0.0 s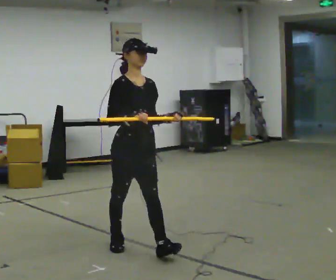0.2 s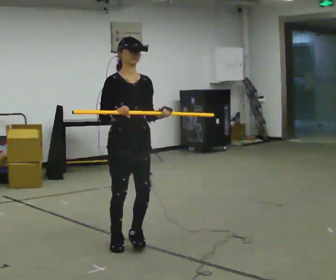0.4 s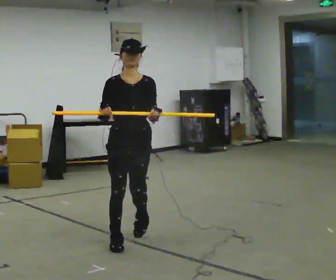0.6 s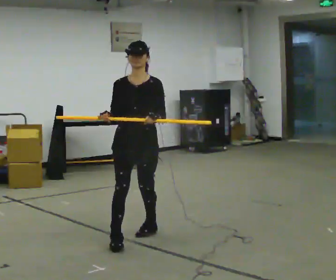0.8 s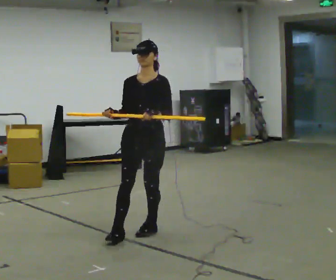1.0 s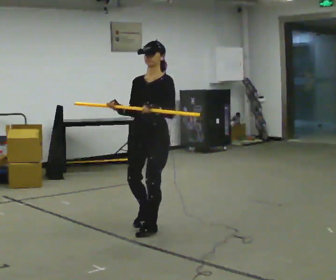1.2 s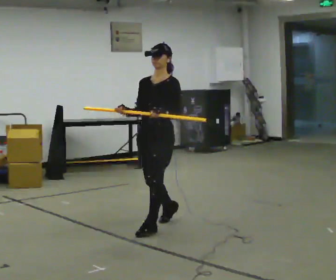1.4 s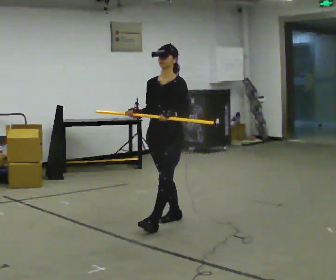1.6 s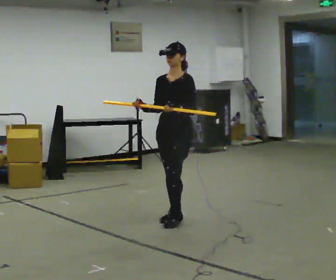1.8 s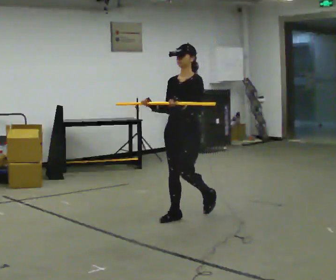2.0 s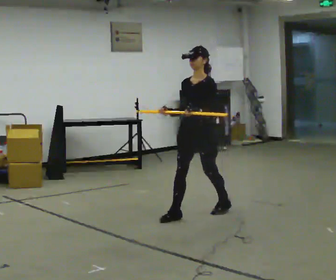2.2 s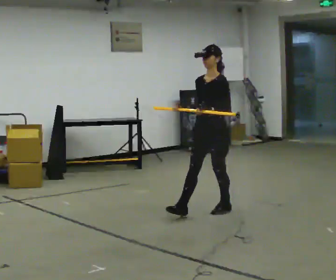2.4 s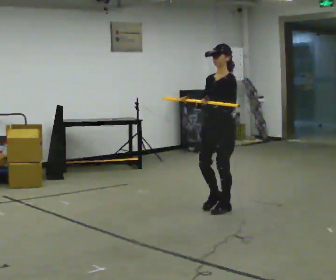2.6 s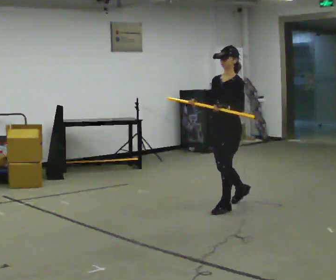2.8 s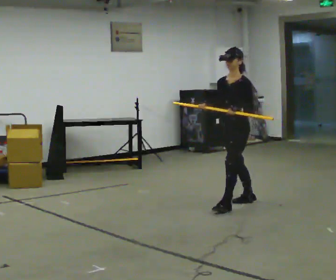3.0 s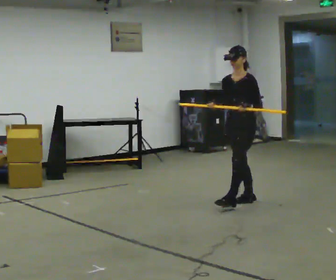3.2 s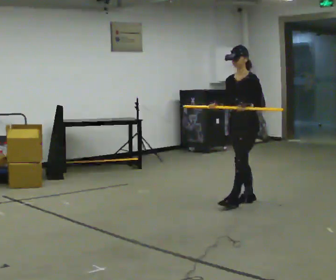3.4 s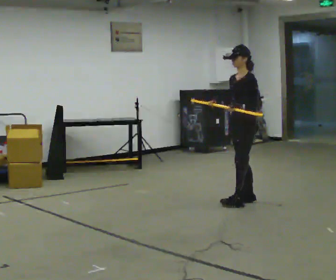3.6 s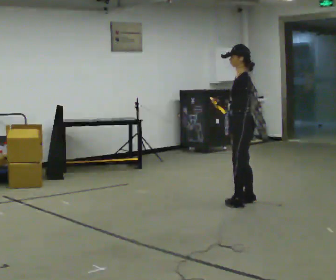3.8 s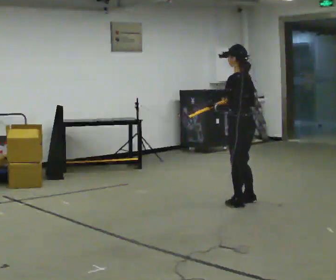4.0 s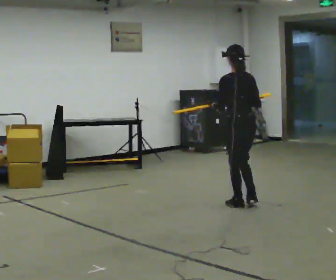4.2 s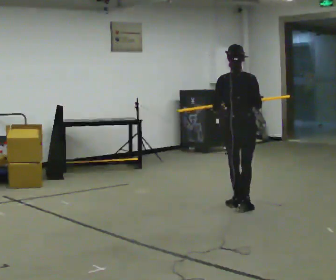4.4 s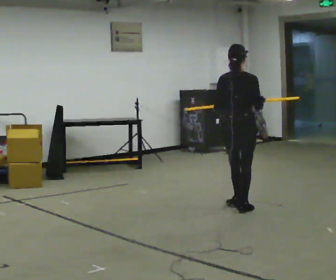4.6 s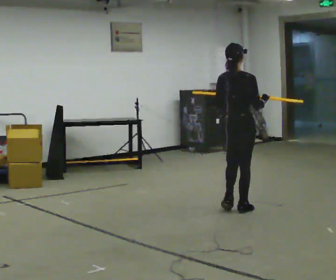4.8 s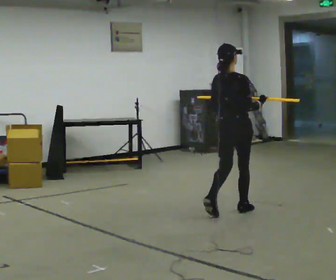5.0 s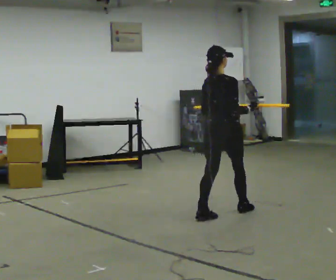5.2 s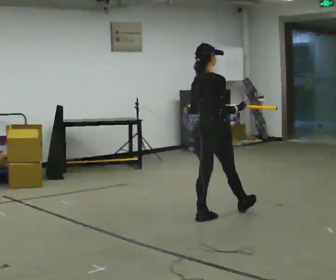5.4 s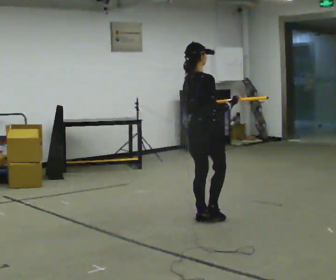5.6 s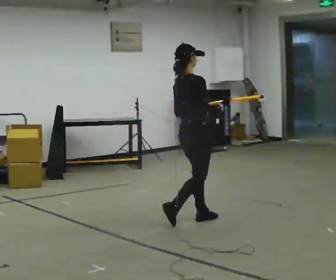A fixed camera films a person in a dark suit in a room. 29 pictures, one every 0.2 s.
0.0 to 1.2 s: Seen from above the body turns clockwise, about 90 degrees: to their right, with its near side sliding to the left. In the picture they go away from the camera, about 0.75 m in 1 step.
1.2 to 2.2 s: In the picture they go away from the camera and to the right, about 0.5 m in 2 steps, which for them is backward.
2.2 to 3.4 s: In the picture they go away from the camera and to the right, about 0.5 m in 1 step, which for them is backward.
3.4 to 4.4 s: The part of the body nearest the lens slides to the left as the person turns to their right by about 135 degrees. In the picture they go toward the camera, about 0.25 m in 1 step.
4.4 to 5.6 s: The part of the body nearest the lens slides to the left as the person turns to their right by about 45 degrees. In the picture they go toward the camera and to the left, about 0.5 m in 2 steps, which for them is backward.
The film runs backward here.
